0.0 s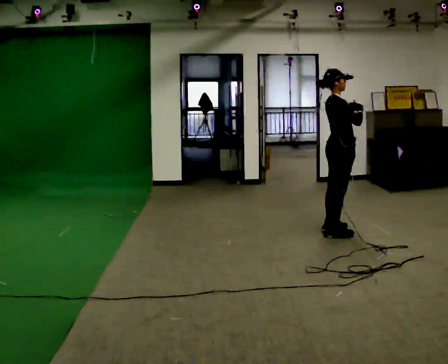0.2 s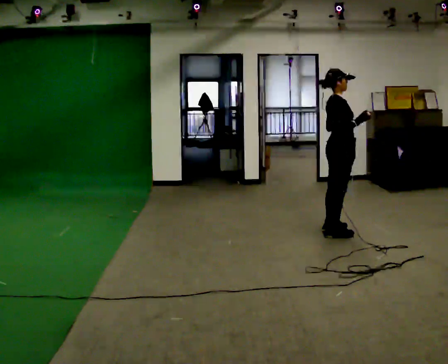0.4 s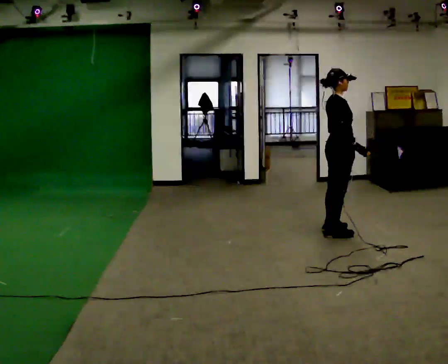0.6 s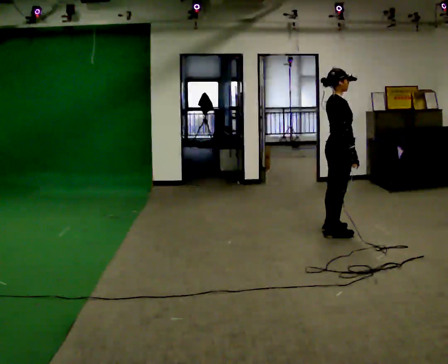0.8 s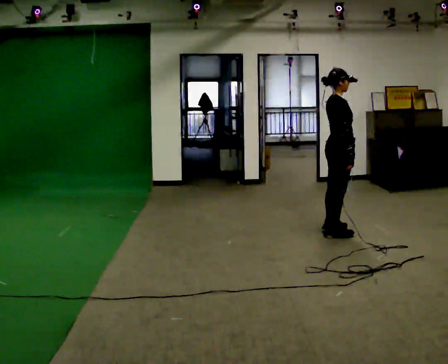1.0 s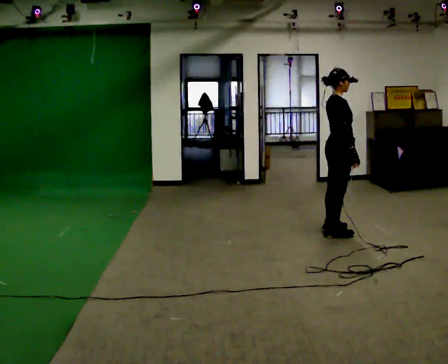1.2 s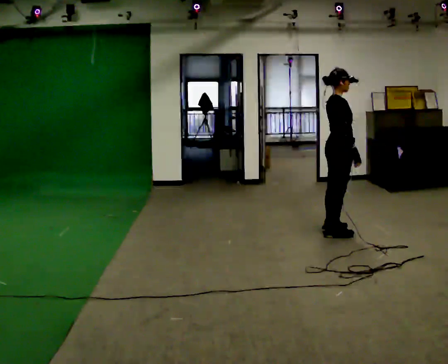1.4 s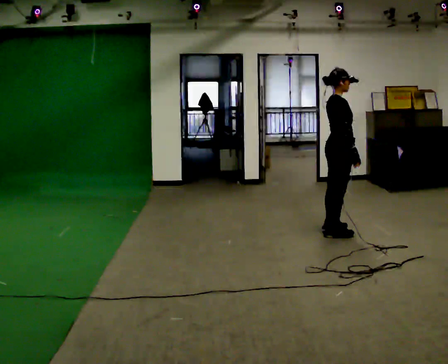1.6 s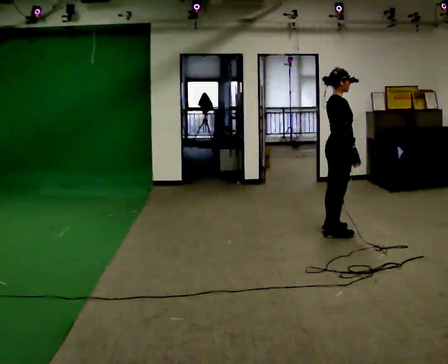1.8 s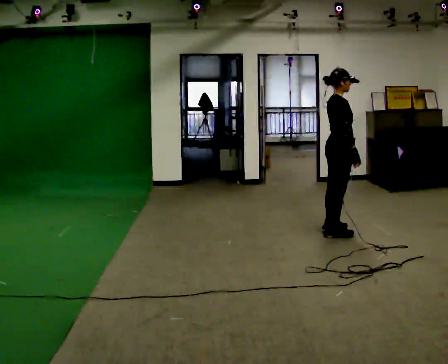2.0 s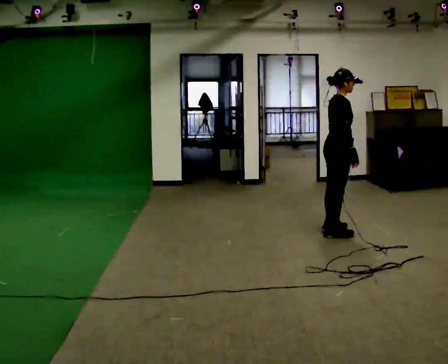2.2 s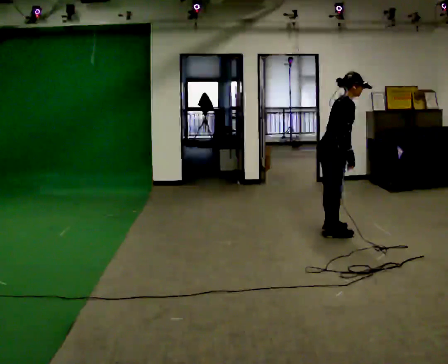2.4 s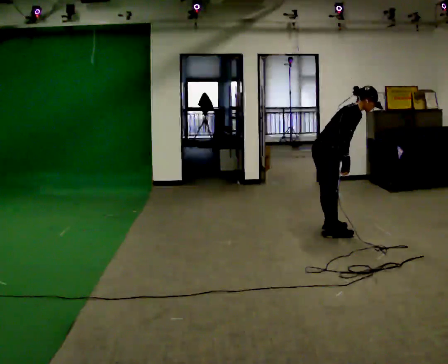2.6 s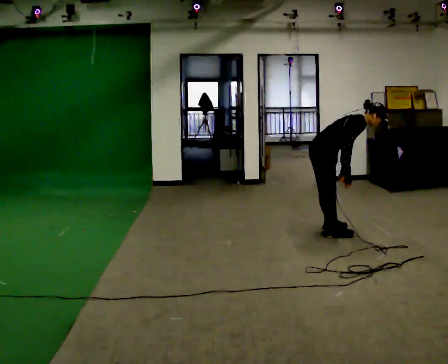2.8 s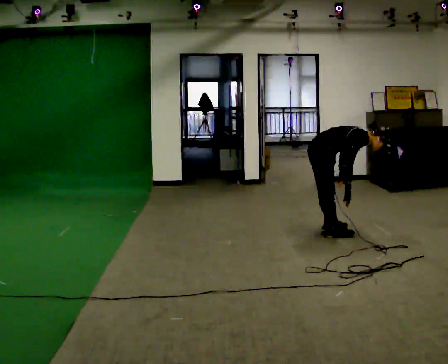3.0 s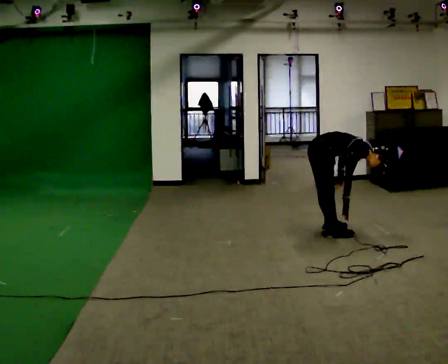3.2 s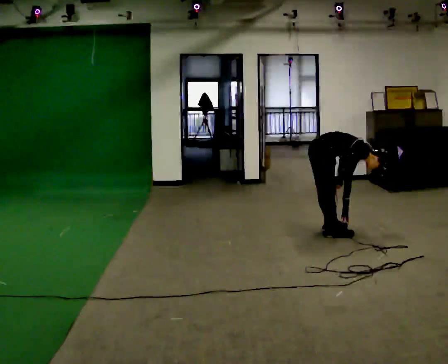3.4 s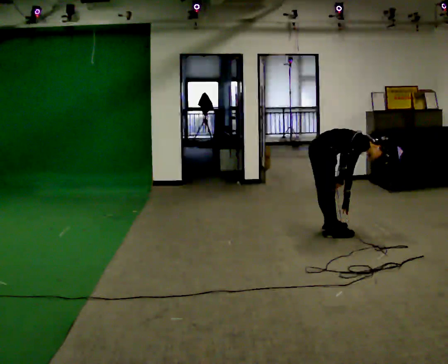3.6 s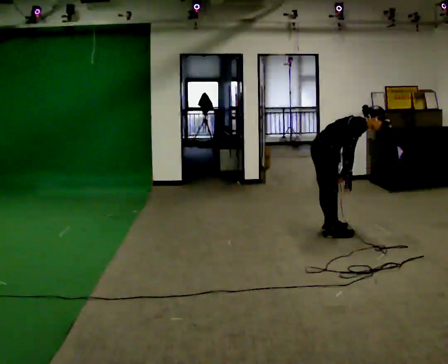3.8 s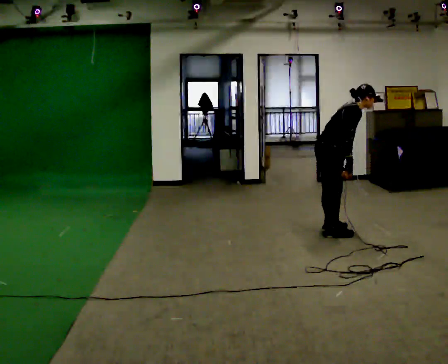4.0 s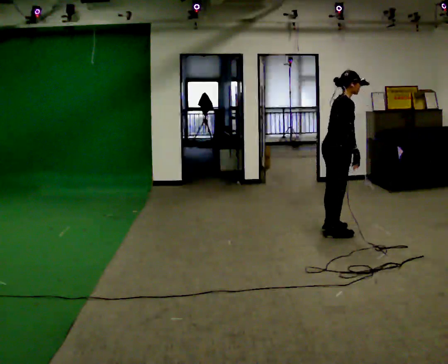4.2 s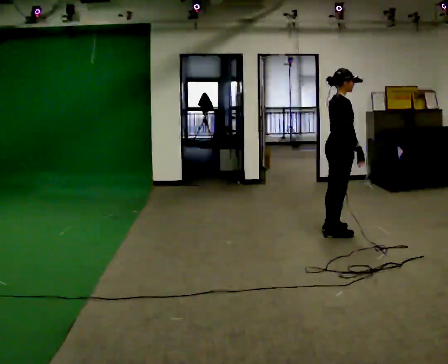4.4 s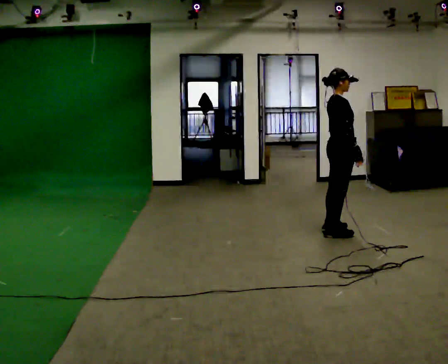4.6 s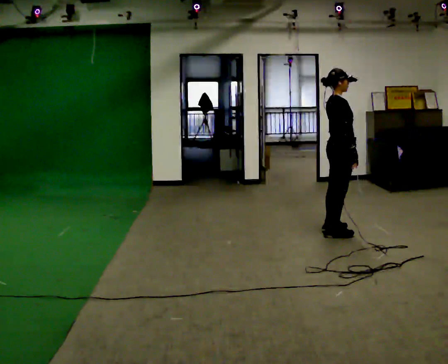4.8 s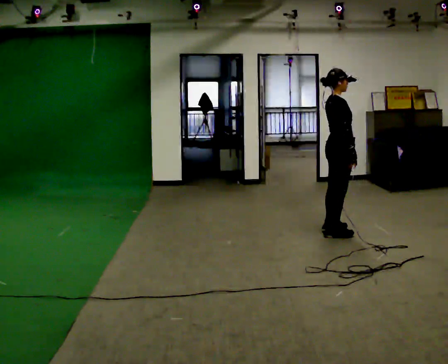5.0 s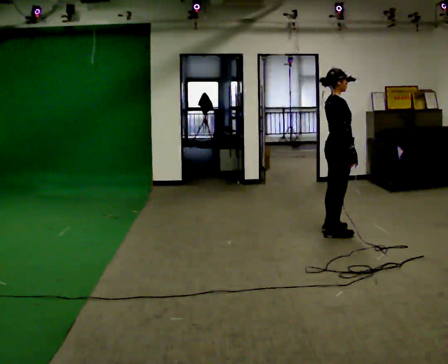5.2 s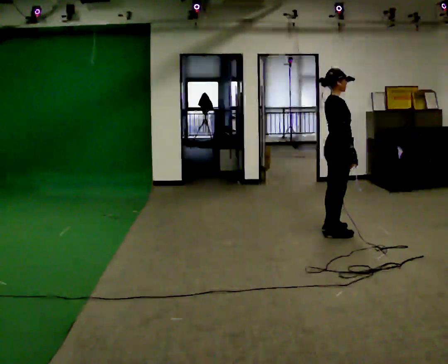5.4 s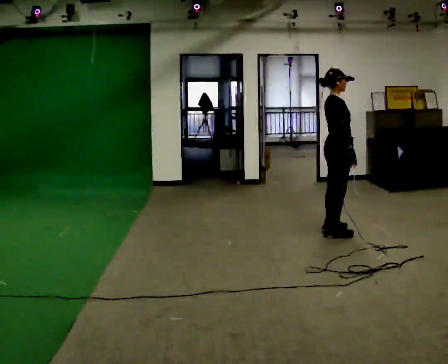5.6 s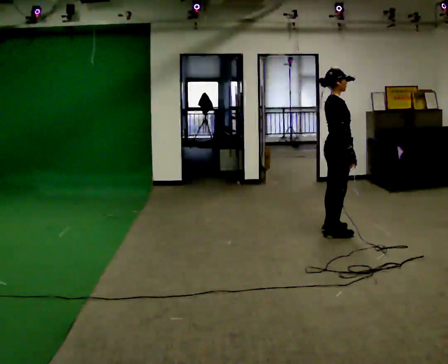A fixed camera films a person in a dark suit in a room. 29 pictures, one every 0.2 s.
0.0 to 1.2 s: In the picture their right hand goes downward.
1.2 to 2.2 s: In the picture the upper body tilts clockwise, shoulders to the right, as they bend forward.
2.2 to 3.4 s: The shoulders move downward. In the picture the upper body tilts clockwise, shoulders to the right, as they bend forward.
3.4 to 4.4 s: In the picture they go to the right, about 0.25 m, which for them is forward. The upper body goes upward. In the picture the upper body tilts counterclockwise, shoulders to the left, as they lean back or straighten.
4.4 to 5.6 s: The person moves a little, or ends about where they began.
The film runs forward here.
